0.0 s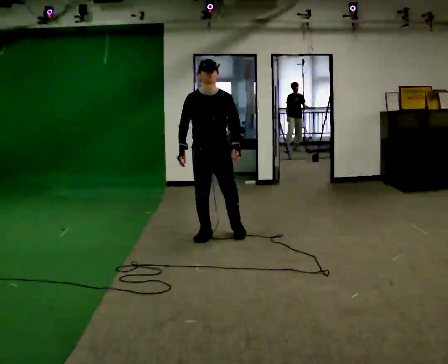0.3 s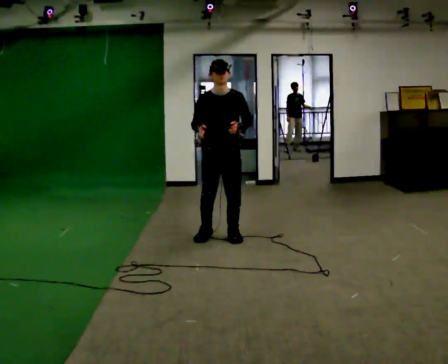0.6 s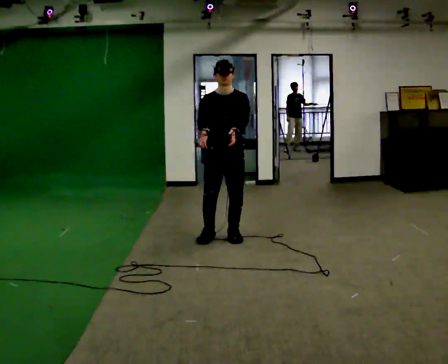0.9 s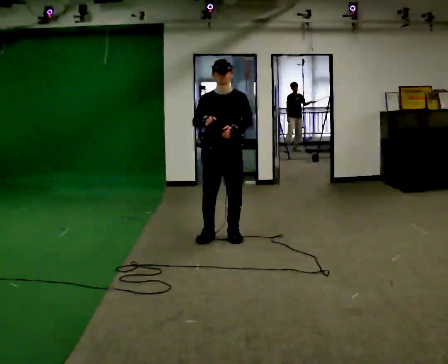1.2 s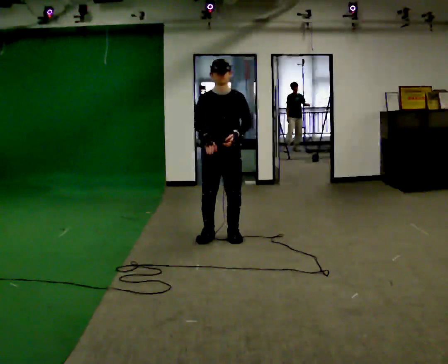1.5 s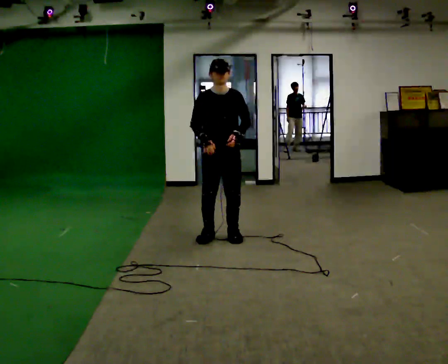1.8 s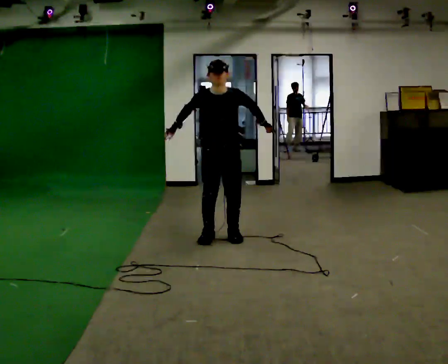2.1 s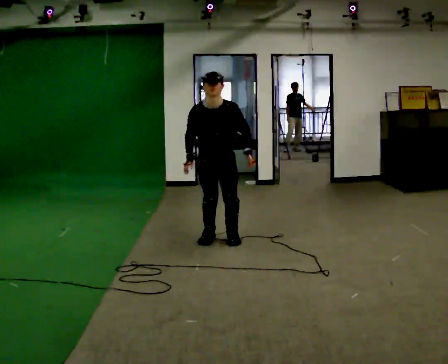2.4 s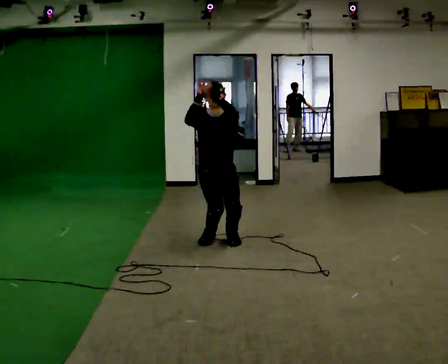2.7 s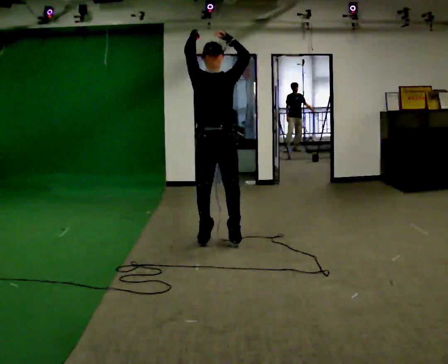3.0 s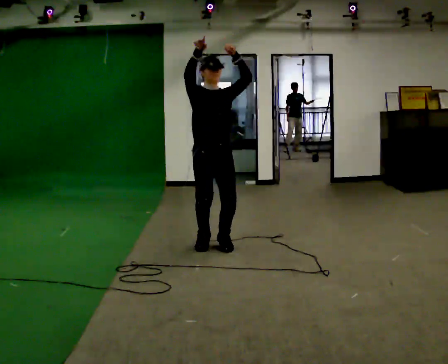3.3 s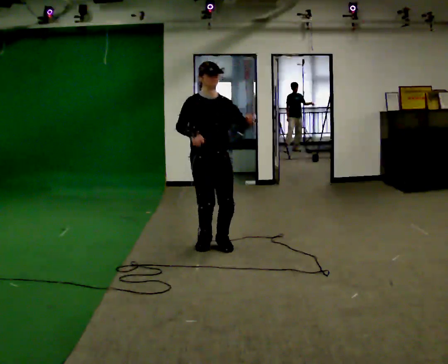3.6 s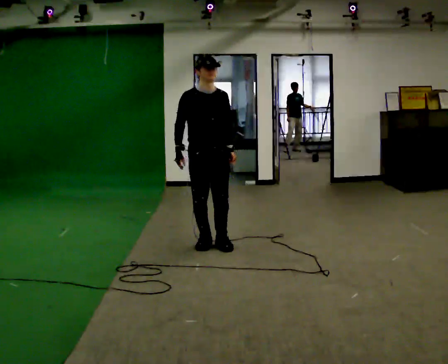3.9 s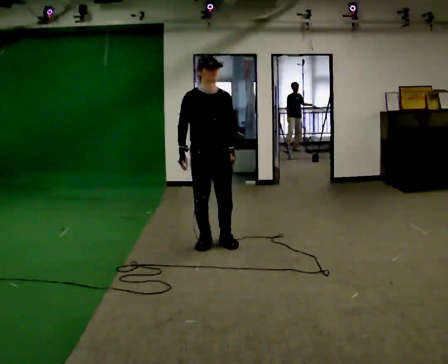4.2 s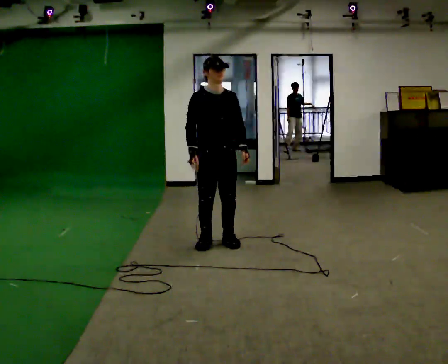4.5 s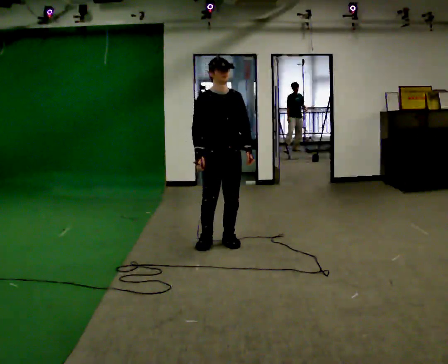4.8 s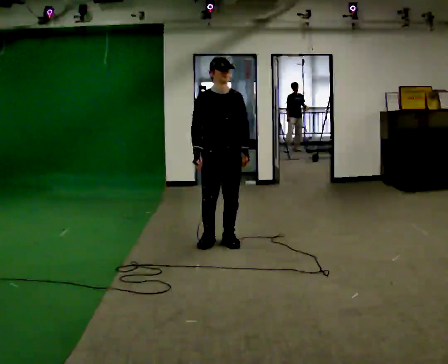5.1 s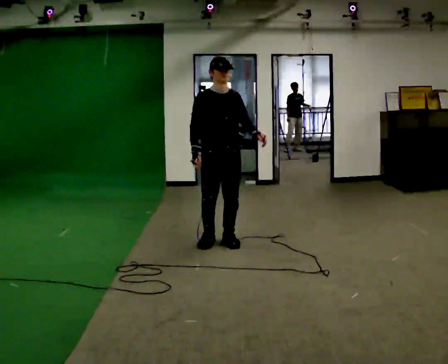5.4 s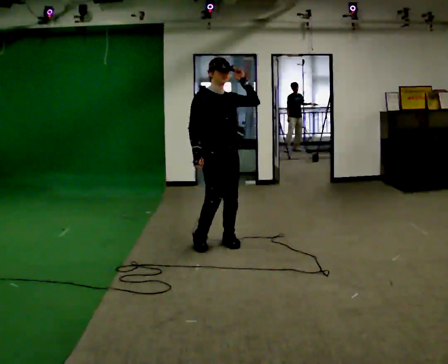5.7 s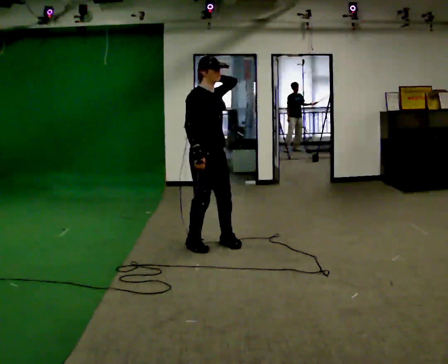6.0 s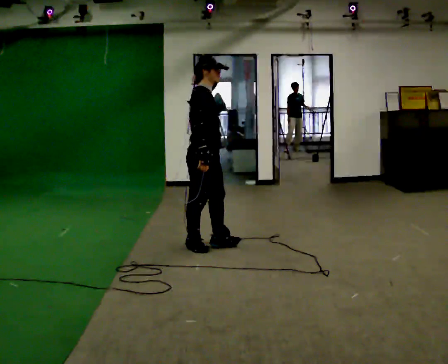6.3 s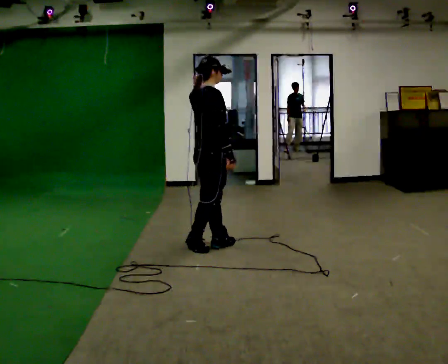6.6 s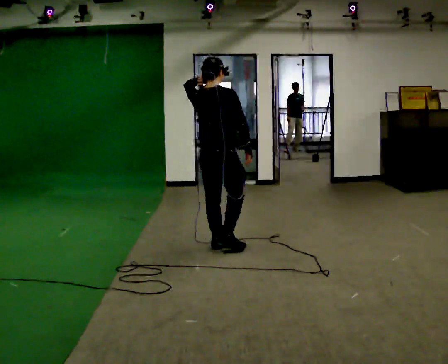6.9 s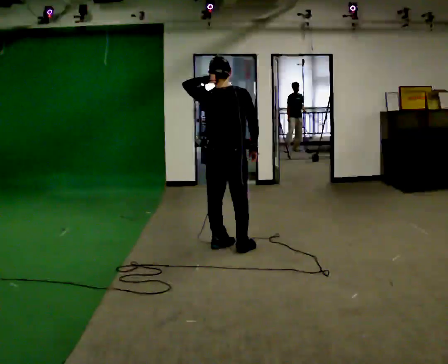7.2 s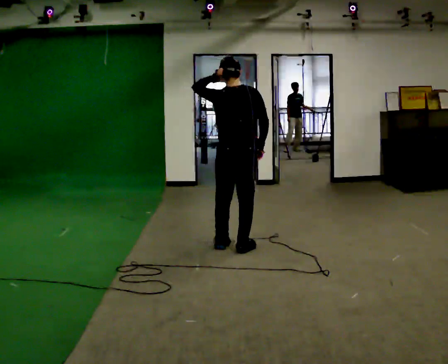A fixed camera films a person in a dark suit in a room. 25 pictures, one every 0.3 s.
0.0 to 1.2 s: The person moves a little, or ends about where they began.
1.2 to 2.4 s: The upper body goes downward. In the picture their right hand goes upward.
2.4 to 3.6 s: In the picture they go toward the camera, about 0.25 m in 2 steps, which for them is to their right and forward. In the picture their left hand goes downward.
3.6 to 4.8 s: The person moves a little, or ends about where they began.
4.8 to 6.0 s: The part of the body nearest the lens slides to the right as the person turns to their left by about 75 degrees. In the picture their left hand goes upward and to the left.
6.0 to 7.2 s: Seen from above the body turns counterclockwise, about 105 degrees: to their left, with its near side sliding to the right. In the picture they go to the right, about 0.25 m in 1 step.
The film runs forward here.
